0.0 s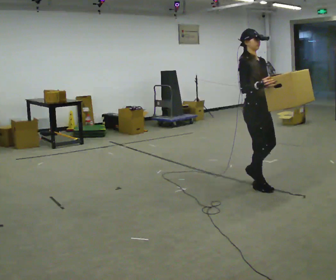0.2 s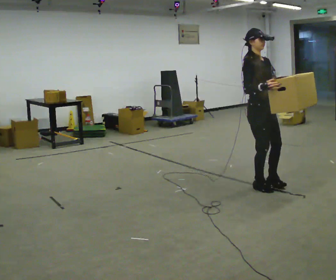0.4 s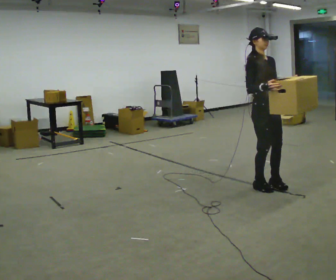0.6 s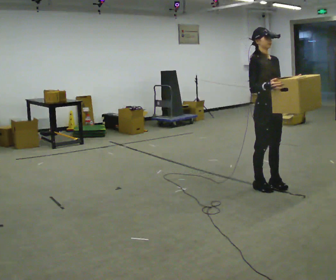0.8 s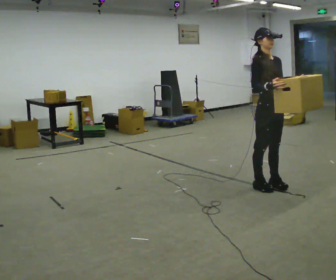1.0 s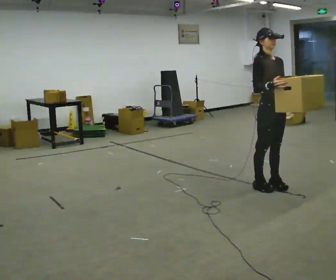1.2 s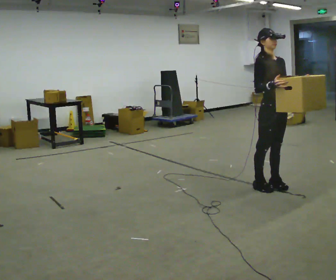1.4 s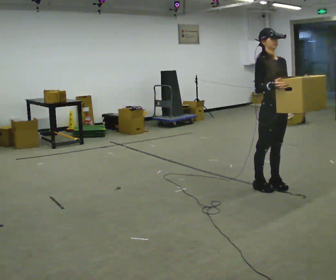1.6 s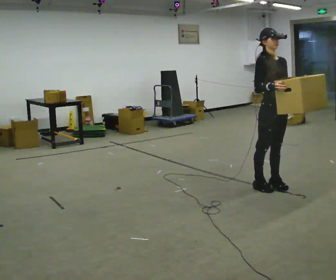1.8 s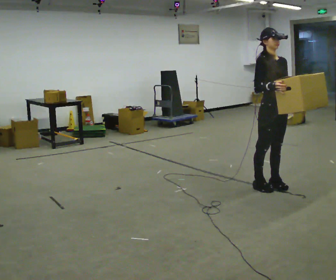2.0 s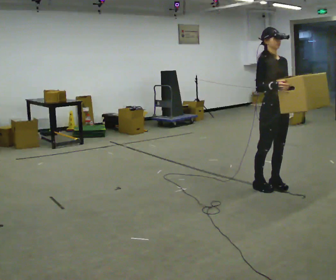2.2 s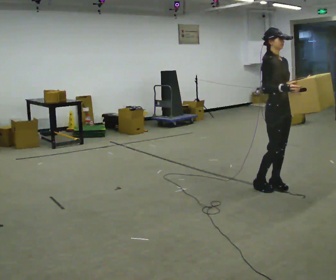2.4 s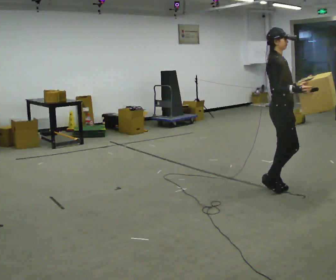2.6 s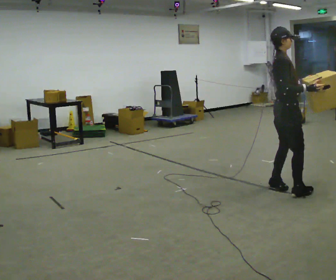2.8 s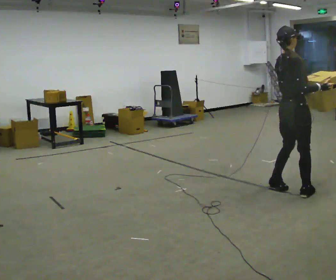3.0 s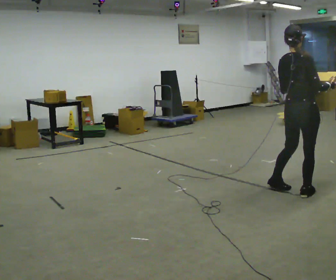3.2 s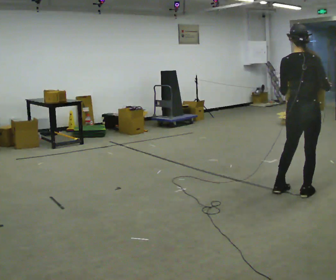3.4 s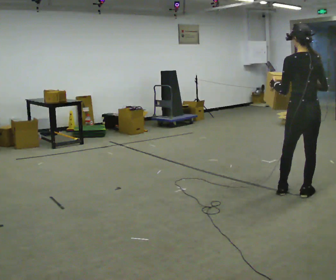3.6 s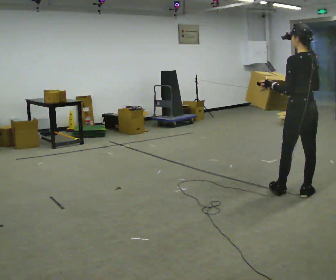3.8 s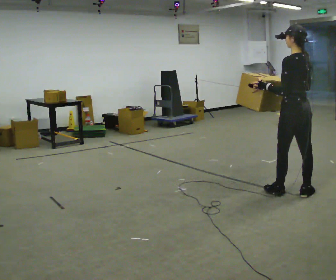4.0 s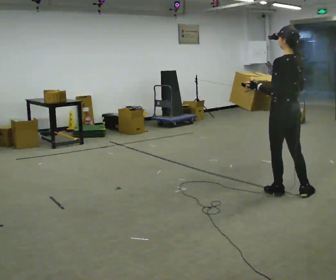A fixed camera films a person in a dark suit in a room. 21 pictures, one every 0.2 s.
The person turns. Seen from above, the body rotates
counterclockwise.
The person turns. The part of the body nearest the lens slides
to the right.
0.0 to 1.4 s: In the picture they go to the right, about 0.25 m in 1 step, which for them is forward.
1.4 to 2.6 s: The person turns about 45 degrees to their left, counterclockwise seen from above, so the part of the body nearest the lens slides to the right. In the picture their right hand goes to the right.
2.6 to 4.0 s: Seen from above the body turns counterclockwise, about 120 degrees: to their left, with its near side sliding to the right.
The film runs forward here.
